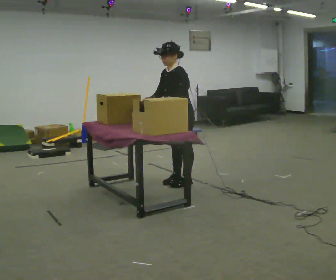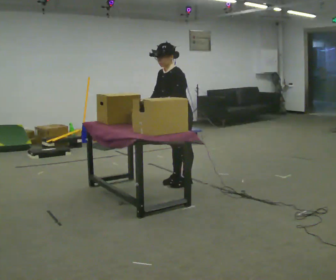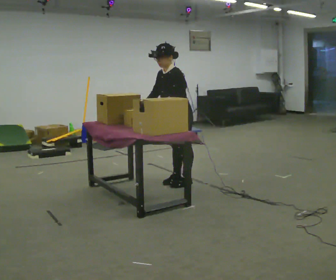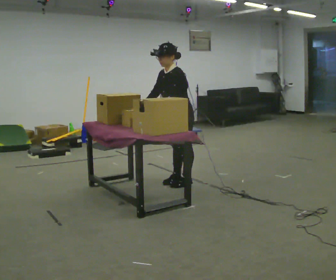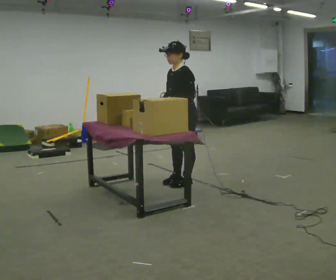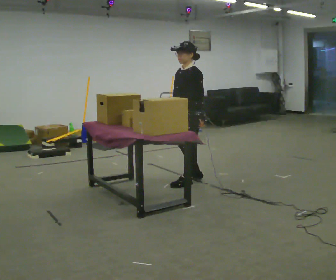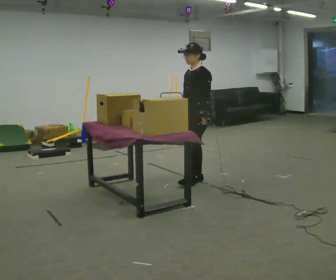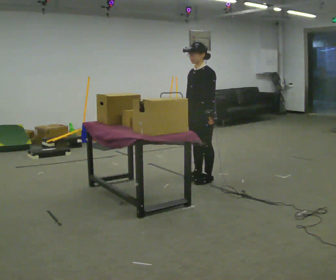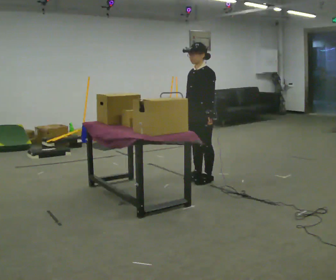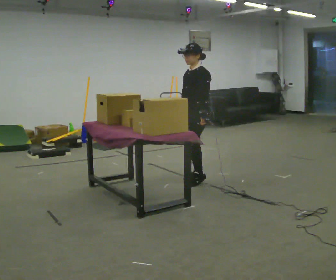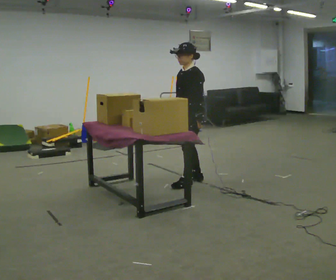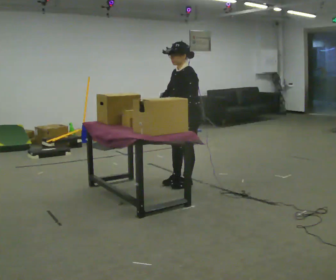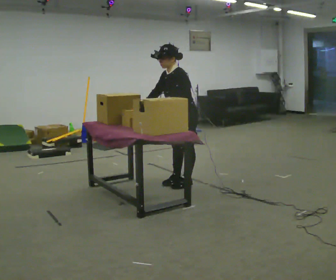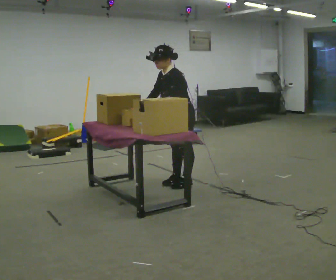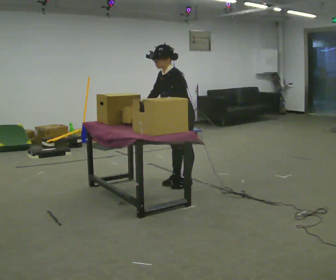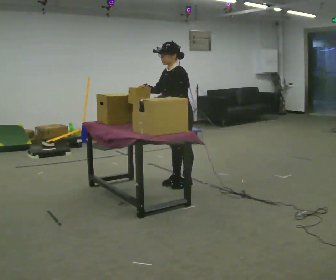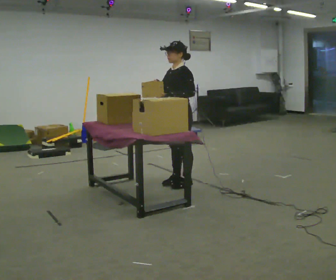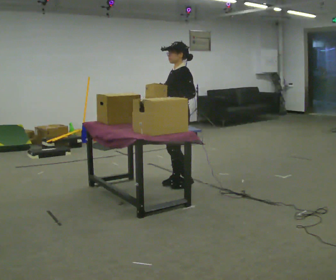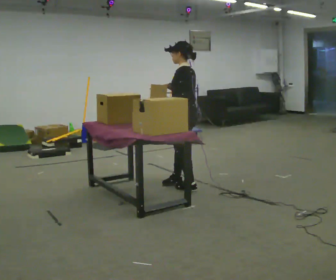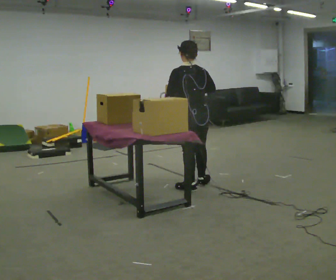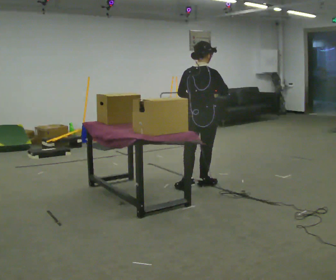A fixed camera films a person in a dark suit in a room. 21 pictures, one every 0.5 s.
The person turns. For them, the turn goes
to their right.
The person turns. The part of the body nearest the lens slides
to the left.
0.0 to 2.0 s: The person moves a little, or ends about where they began.
2.0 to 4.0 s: In the picture they go to the right and away from the camera, about 0.25 m in 2 steps, which for them is backward.
4.0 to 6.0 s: In the picture they go to the left and toward the camera, about 0.25 m in 2 steps, which for them is forward. In the picture the upper body tilts counterclockwise, shoulders to the left, as they bend forward.
6.0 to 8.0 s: In the picture the upper body tilts clockwise, shoulders to the right, as they lean back or straighten.
8.0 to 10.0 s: Seen from above the body turns clockwise, about 150 degrees: to their right, with its near side sliding to the left. In the picture they go to the right, about 0.25 m in 2 steps.
The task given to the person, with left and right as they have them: Carry the object over and fit it into the gap between the two boxes already on the shelf, without touching either of them. Keep going until the operator says stop; one object at a time, and do not rush between trips.
The film runs forward here.
